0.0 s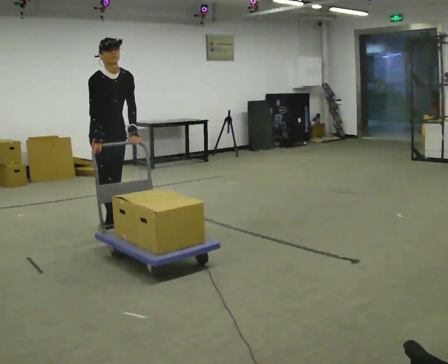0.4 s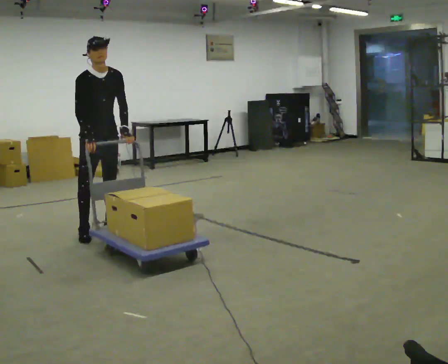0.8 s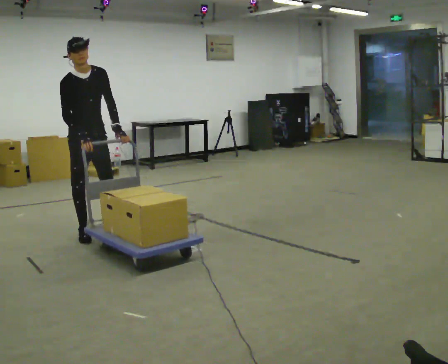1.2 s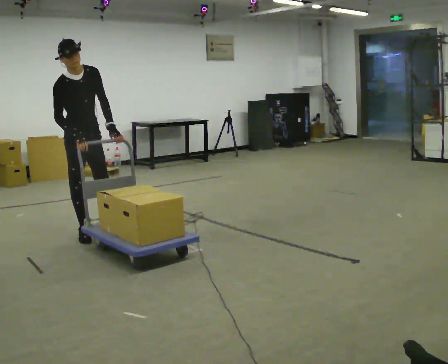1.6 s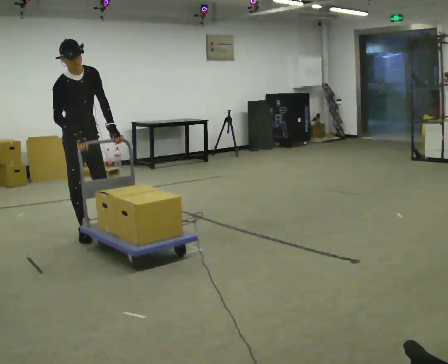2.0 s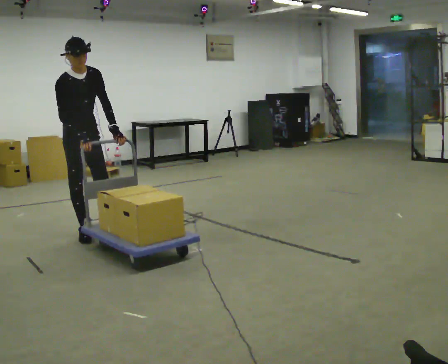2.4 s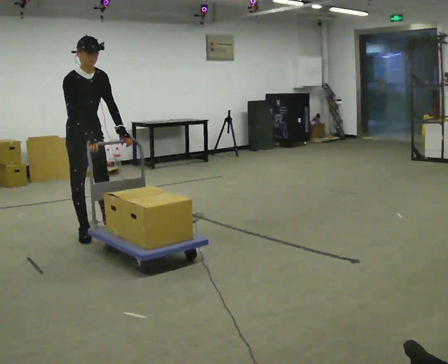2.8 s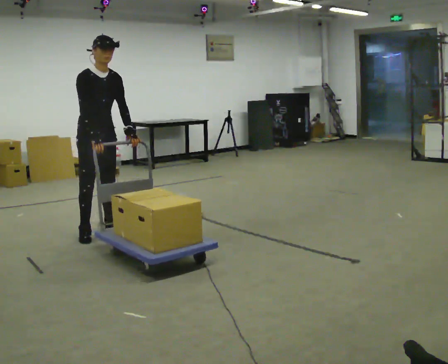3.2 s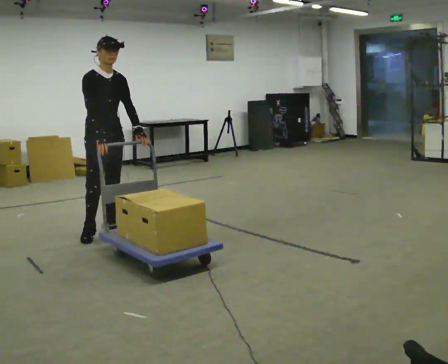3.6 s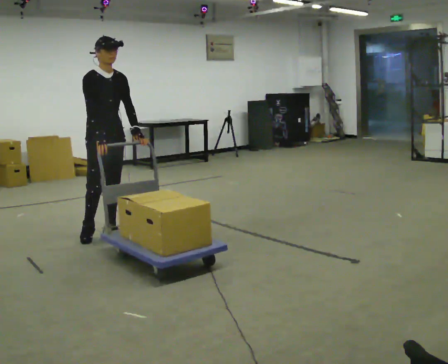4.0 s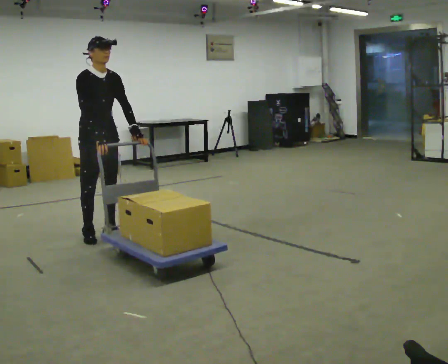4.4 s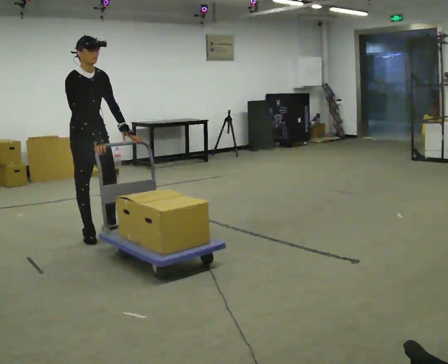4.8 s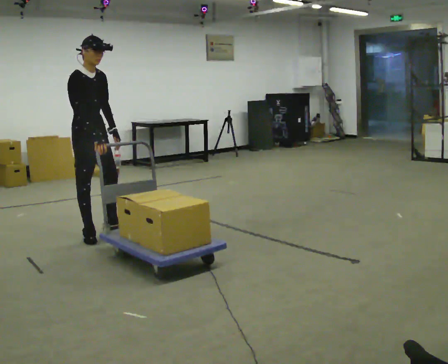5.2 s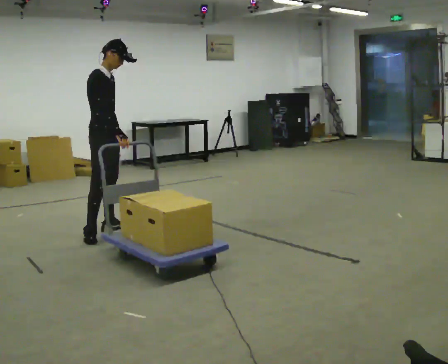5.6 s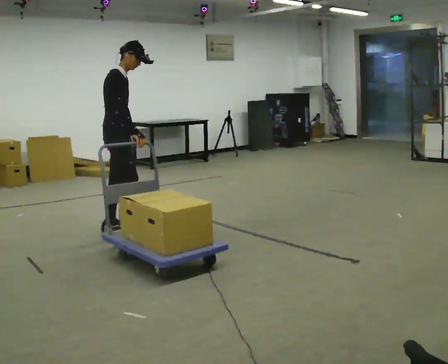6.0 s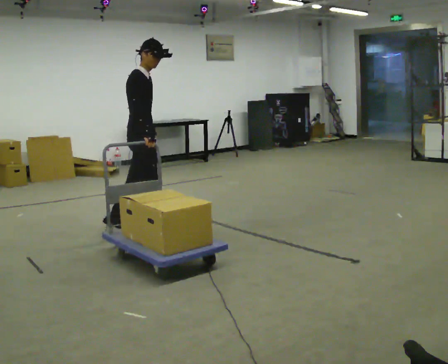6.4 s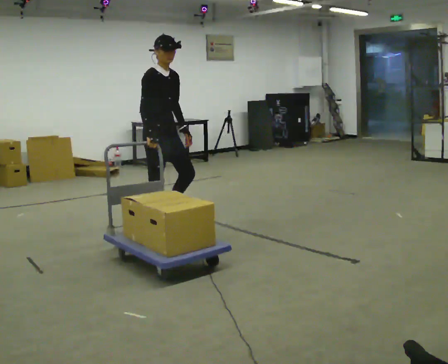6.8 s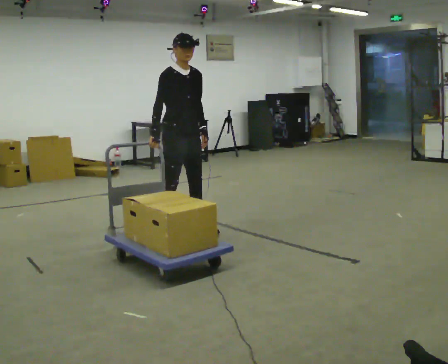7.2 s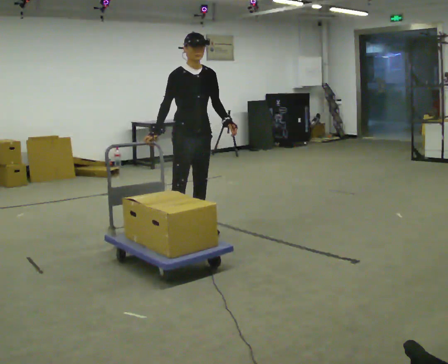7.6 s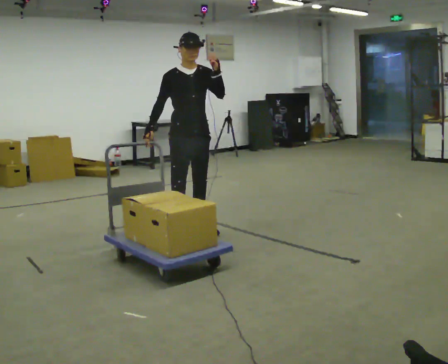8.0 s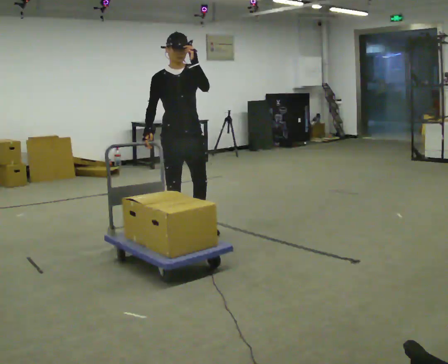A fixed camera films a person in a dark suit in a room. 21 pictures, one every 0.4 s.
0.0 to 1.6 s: In the picture they go to the left, about 0.25 m in 1 step, which for them is to their right.
1.6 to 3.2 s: In the picture they go to the right, about 0.25 m in 1 step, which for them is forward. The upper body tips away from the camera, its near side rolling upward, as they lean back or straighten.
3.2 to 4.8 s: In the picture they go to the left, about 0.25 m, which for them is backward.
4.8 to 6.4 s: In the picture they go to the right, about 0.75 m in 2 steps, which for them is forward.
6.4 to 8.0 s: The part of the body nearest the lens slides to the left as the person turns to their right by about 45 degrees. In the picture they go to the right and toward the camera, about 0.25 m in 2 steps, which for them is forward and to their left. In the picture their left hand goes upward.
The film runs forward here.
